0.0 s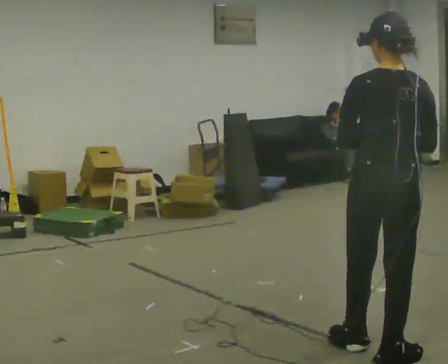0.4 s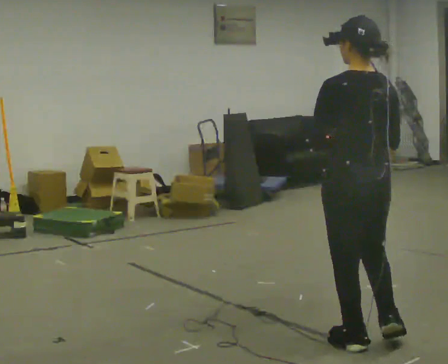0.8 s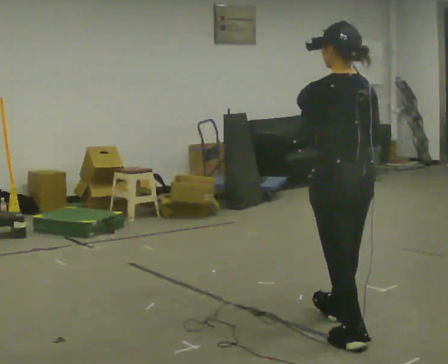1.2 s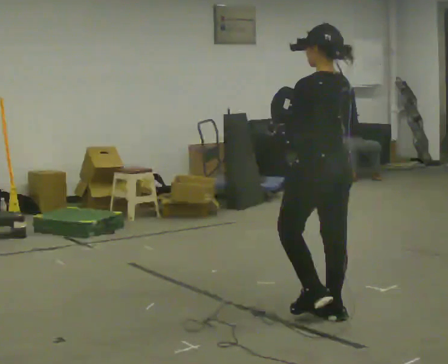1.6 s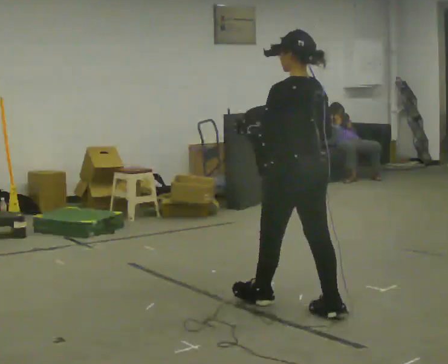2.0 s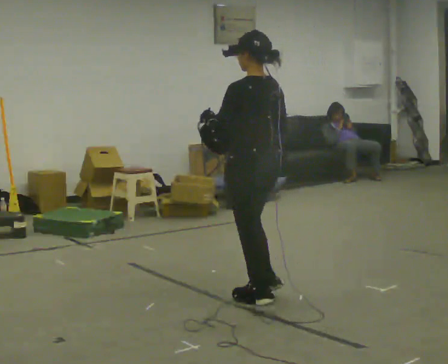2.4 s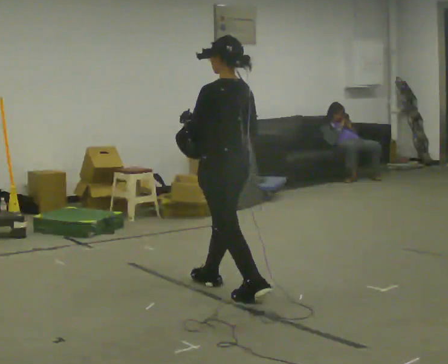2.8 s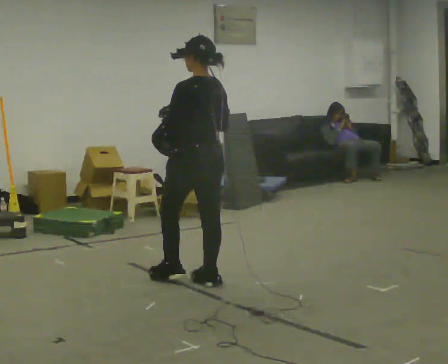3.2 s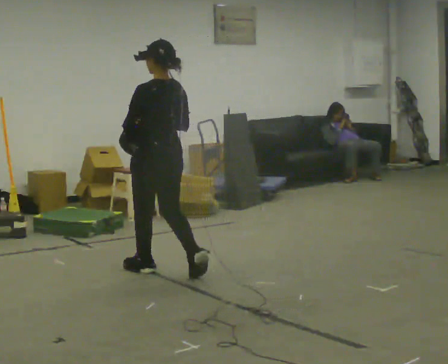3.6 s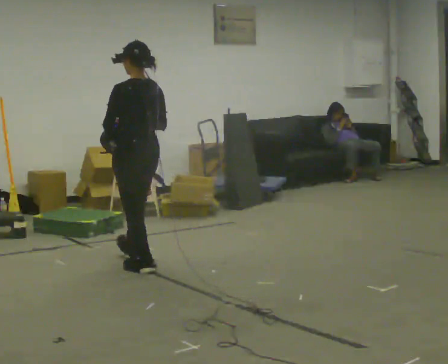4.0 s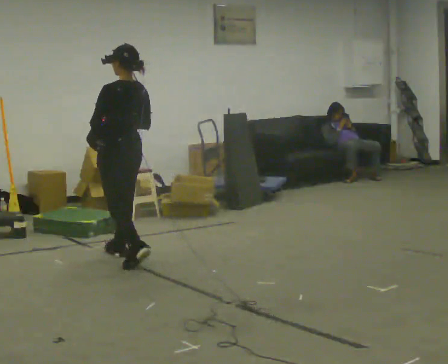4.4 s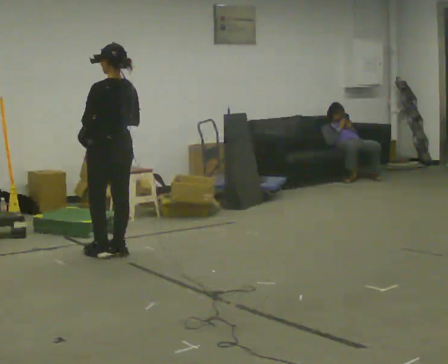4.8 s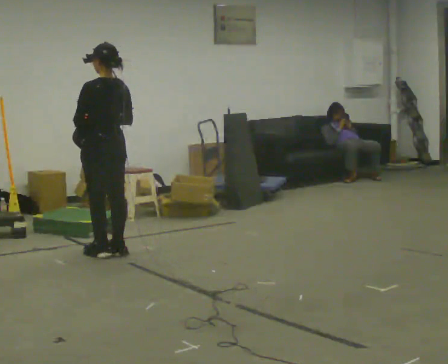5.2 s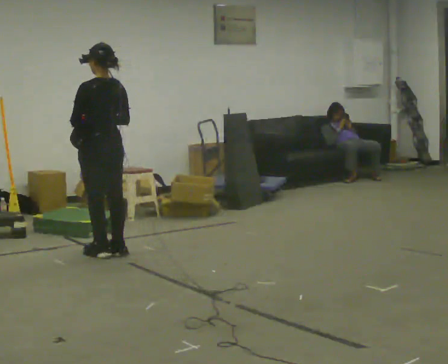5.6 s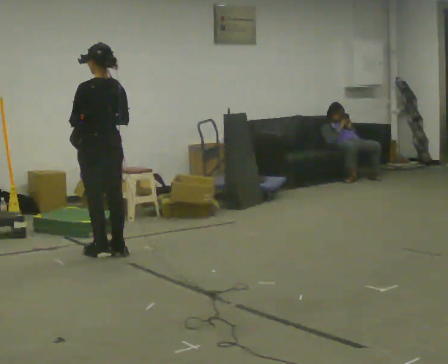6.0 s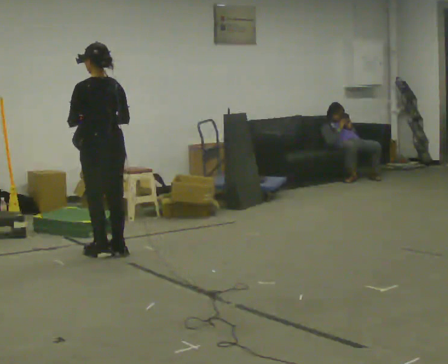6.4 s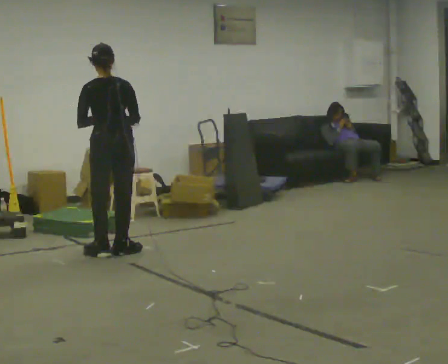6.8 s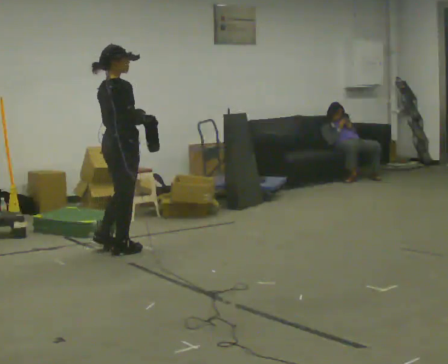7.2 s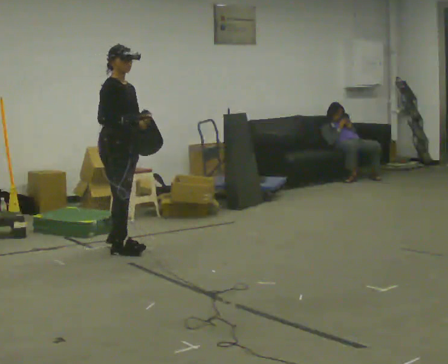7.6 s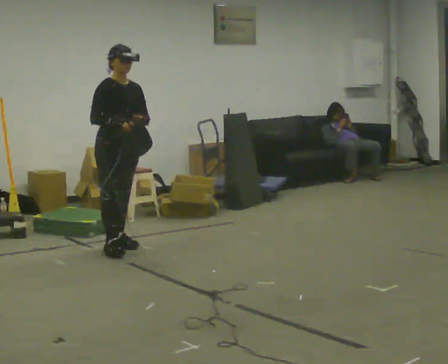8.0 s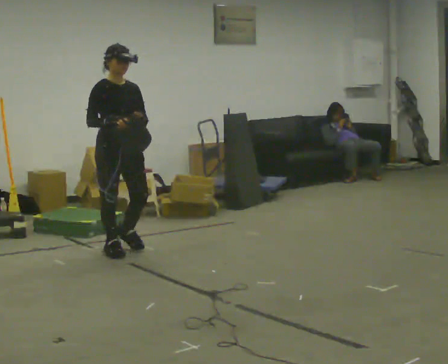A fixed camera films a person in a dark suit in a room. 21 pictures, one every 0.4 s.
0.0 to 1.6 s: The part of the body nearest the lens slides to the right as the person turns to their left by about 45 degrees. In the picture they go away from the camera, about 1 m in 2 steps, which for them is forward.
1.6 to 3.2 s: In the picture they go away from the camera and to the left, about 1 m in 2 steps, which for them is forward.
3.2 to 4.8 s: In the picture they go away from the camera and to the left, about 0.5 m in 2 steps, which for them is forward.
4.8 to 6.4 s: The part of the body nearest the lens slides to the left as the person turns to their right by about 45 degrees.
6.4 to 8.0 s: The part of the body nearest the lens slides to the left as the person turns to their right by about 150 degrees.
The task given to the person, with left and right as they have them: Carry the bag and, while walking, undo the buckle or zip, then do it up again. Keep repeating as you walk. Do not stop.
The film runs forward here.
